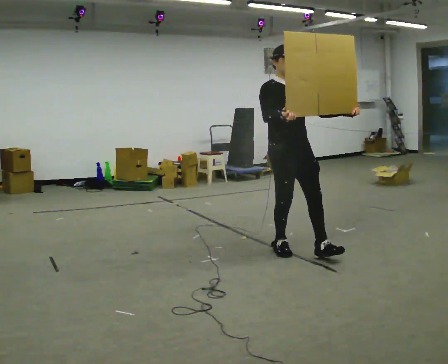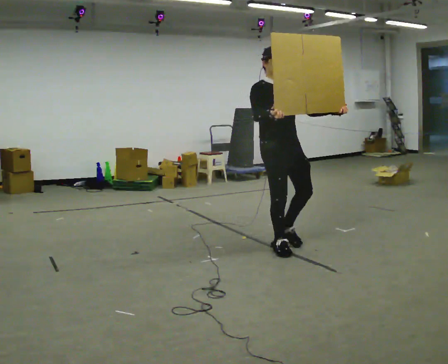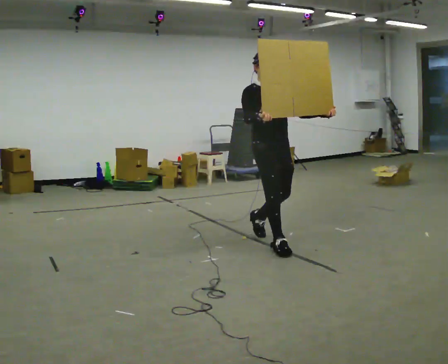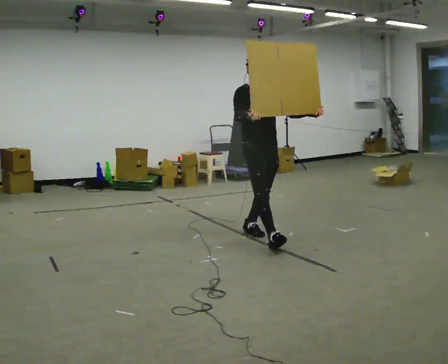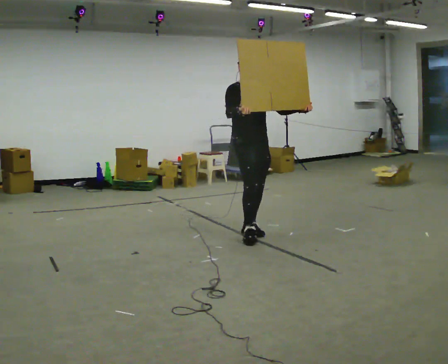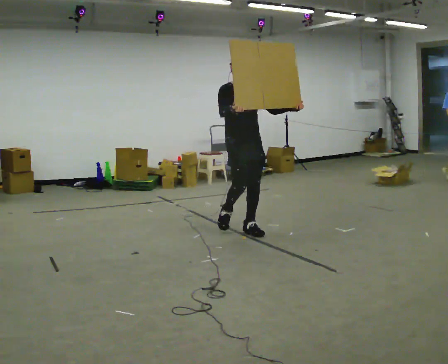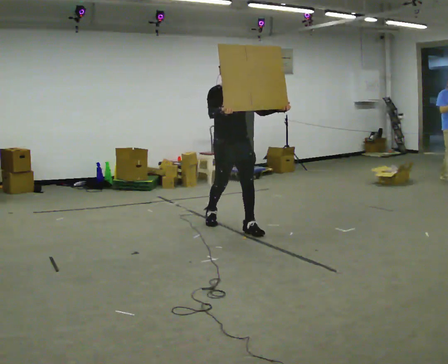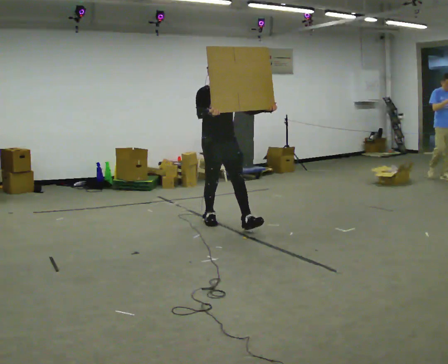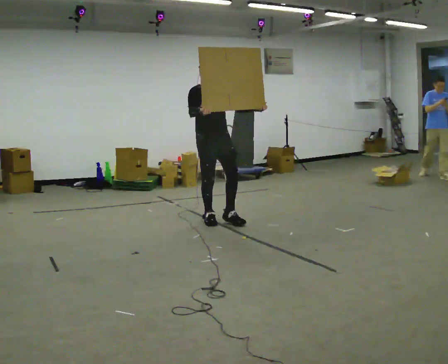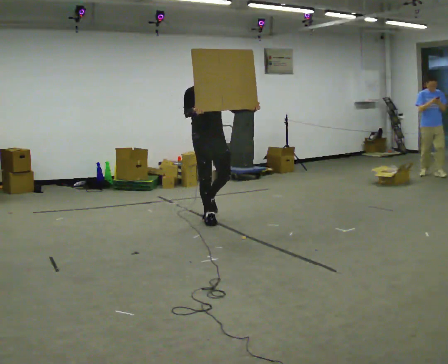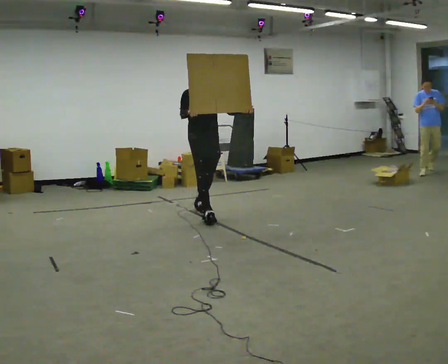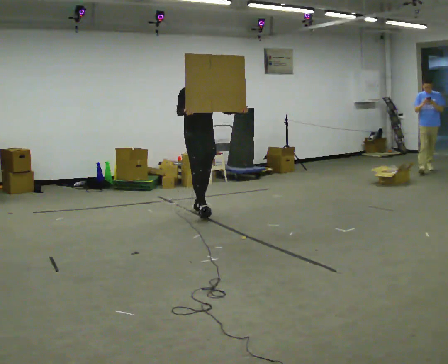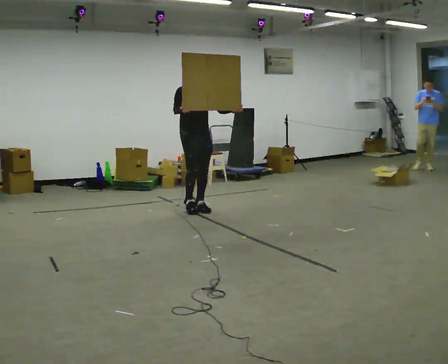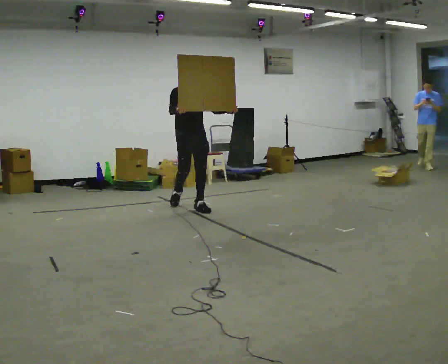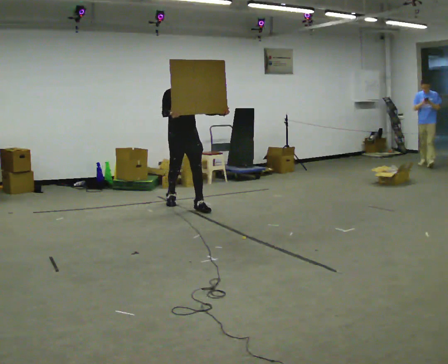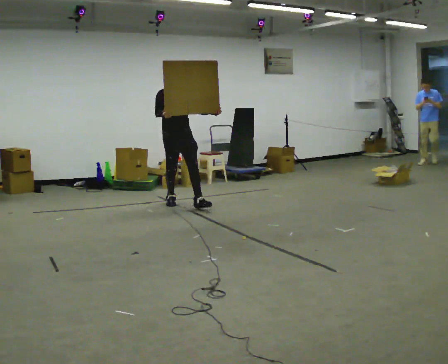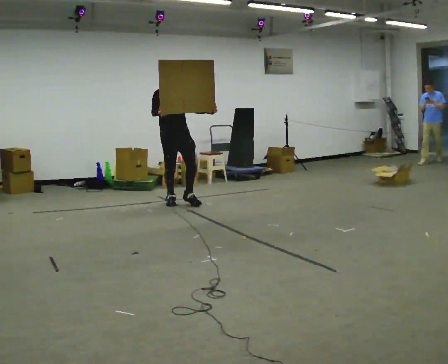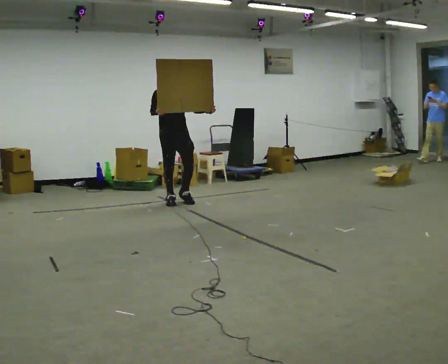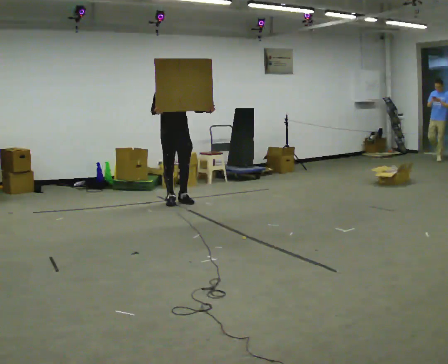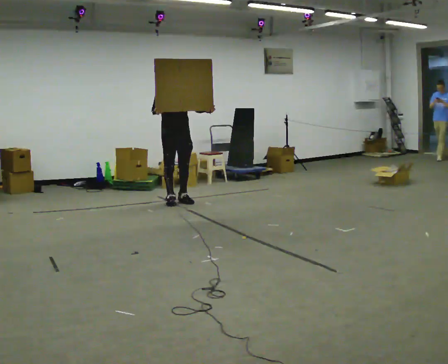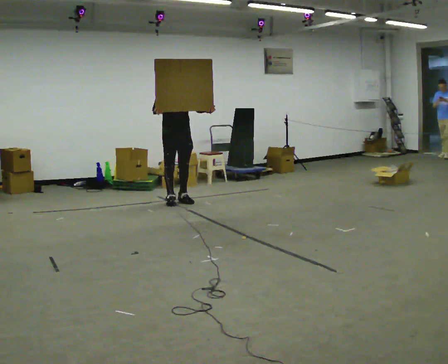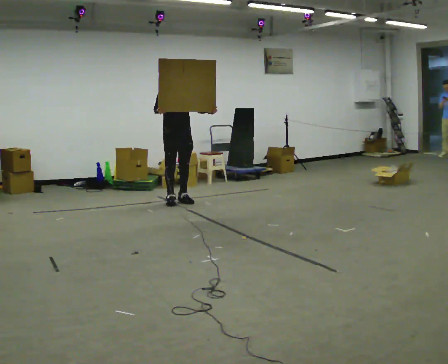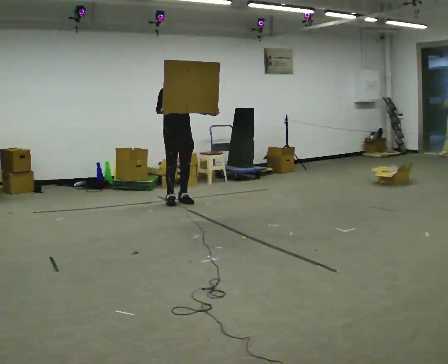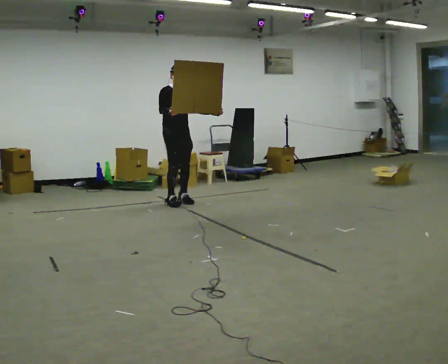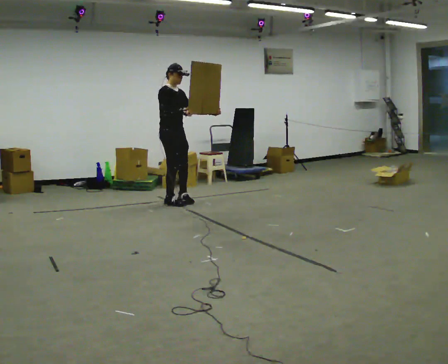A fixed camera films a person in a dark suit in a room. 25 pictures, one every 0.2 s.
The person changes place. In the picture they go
away from the camera.
0.0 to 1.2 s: In the picture they go away from the camera and to the left, about 1 m in 1 step, which for them is backward.
1.2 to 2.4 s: In the picture they go away from the camera and to the left, about 1 m in 2 steps, which for them is backward.
2.4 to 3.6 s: In the picture they go away from the camera and to the left, about 0.5 m in 1 step, which for them is backward.
3.6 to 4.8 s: The part of the body nearest the lens slides to the right as the person turns to their left by about 30 degrees.
The film runs backward here.
